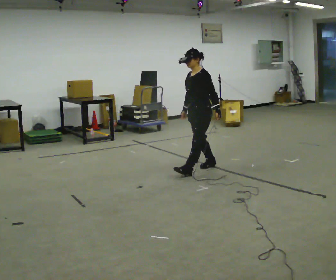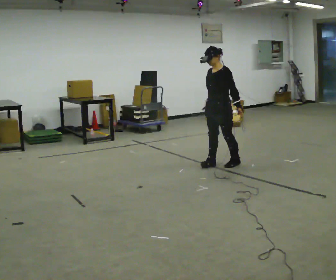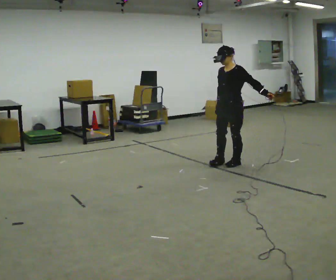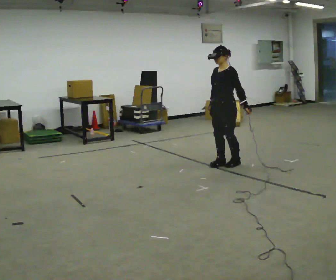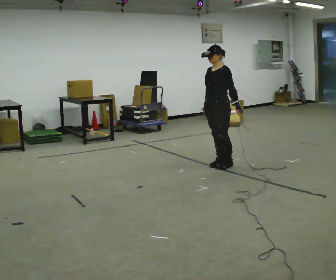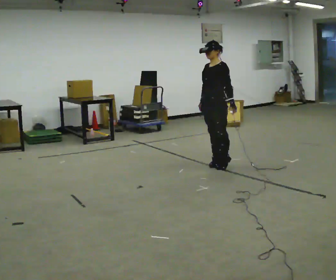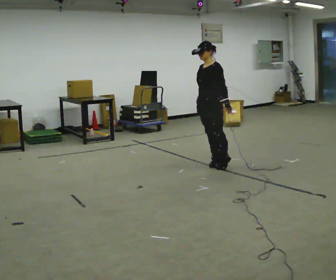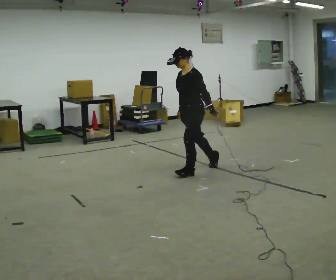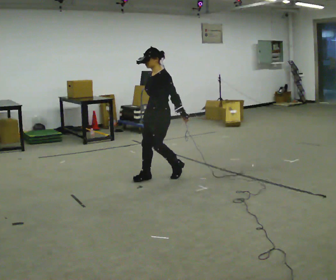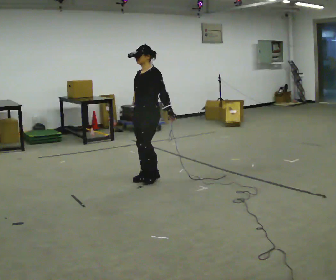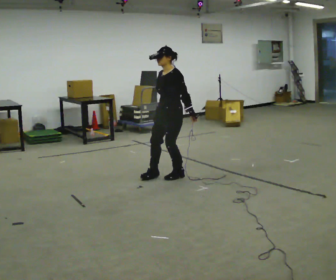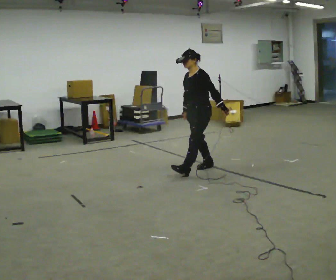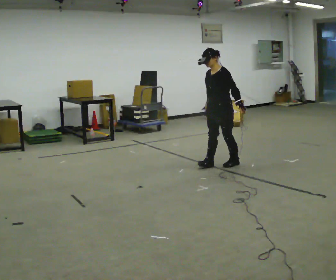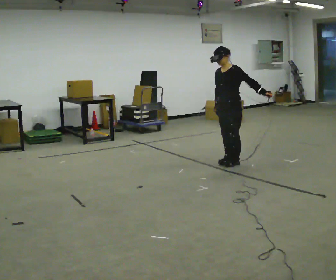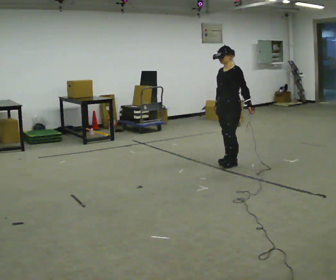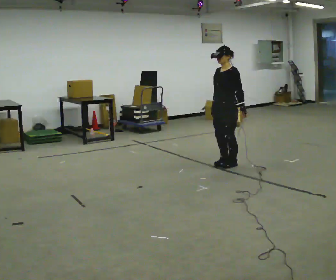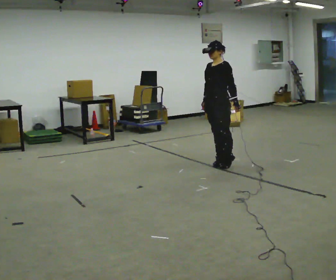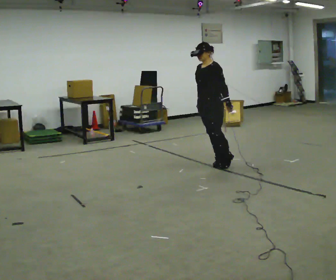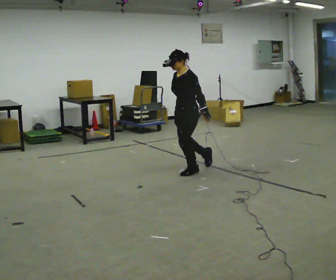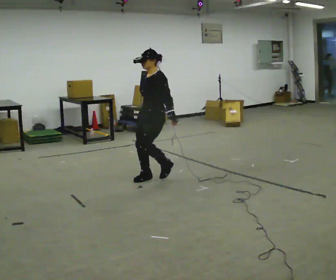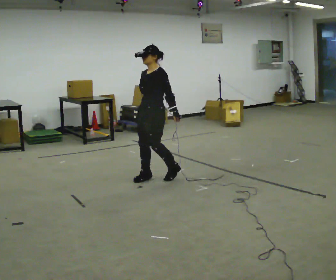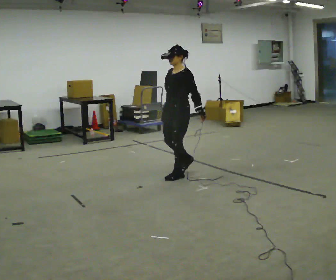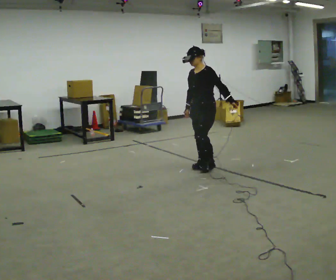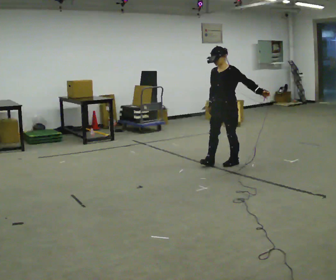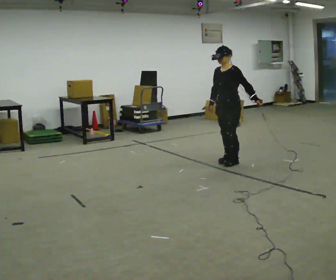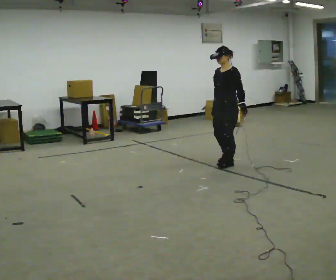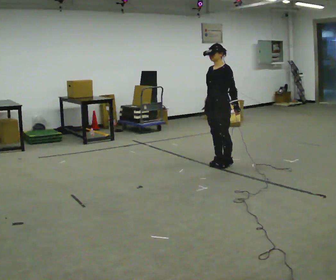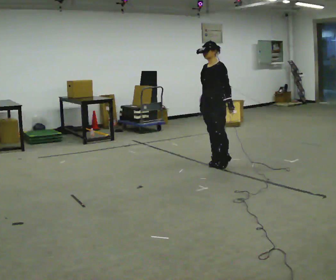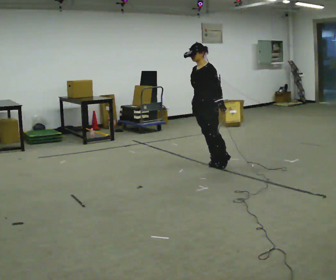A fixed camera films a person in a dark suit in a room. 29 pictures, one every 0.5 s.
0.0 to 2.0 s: In the picture they go to the right, about 0.25 m in 1 step, which for them is backward.
2.0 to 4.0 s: In the picture they go to the left and toward the camera, about 1 m in 2 steps, which for them is forward.
4.0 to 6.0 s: In the picture they go to the right and away from the camera, about 1 m in 2 steps, which for them is backward.
6.0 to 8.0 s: The person moves a little, or ends about where they began.
8.0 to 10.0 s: In the picture they go to the left and toward the camera, about 1 m in 2 steps, which for them is forward.
10.0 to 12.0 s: In the picture they go to the right and away from the camera, about 1 m in 4 steps, which for them is backward.
12.0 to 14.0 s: In the picture they go to the left and toward the camera, about 0.5 m in 1 step, which for them is forward.
The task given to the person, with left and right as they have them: Stand on the marked spots and rise up onto your toes. Stay up until you start to topple forward, then step to catch yourself. Repeat at your own pace until the operator says stop. Go slowly and only as far as you are comfortable. Step whenever you need to; do not try to hold on longer than feels safe.
The film runs forward here.
